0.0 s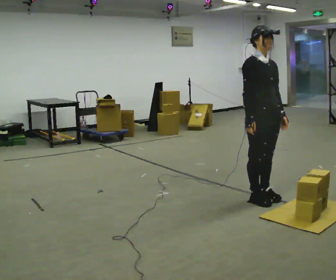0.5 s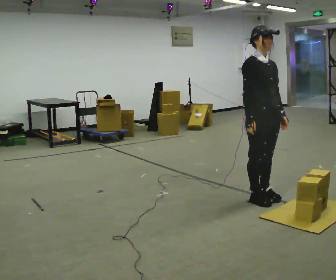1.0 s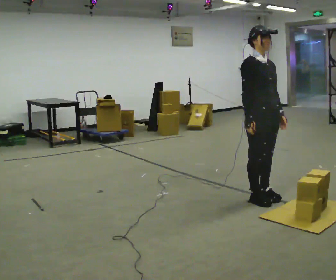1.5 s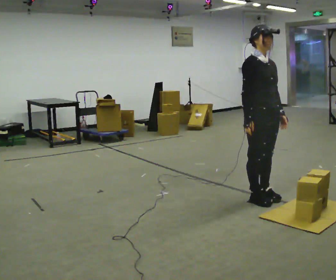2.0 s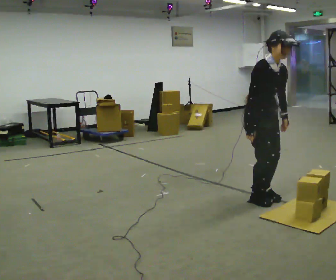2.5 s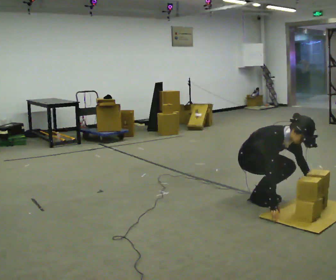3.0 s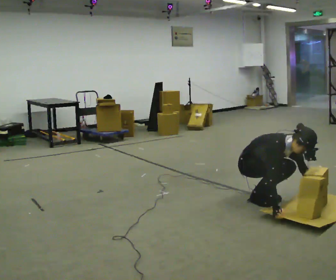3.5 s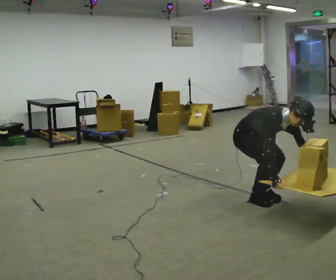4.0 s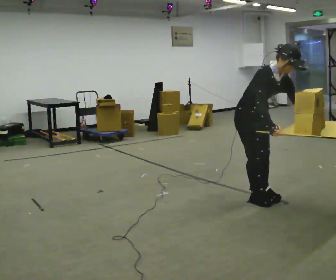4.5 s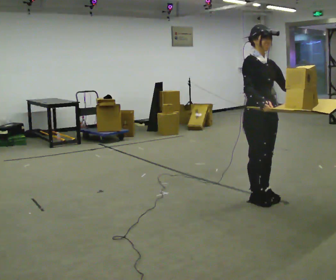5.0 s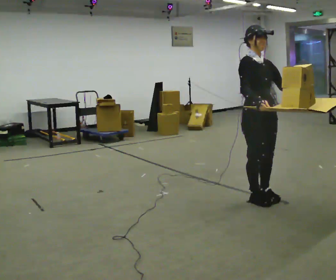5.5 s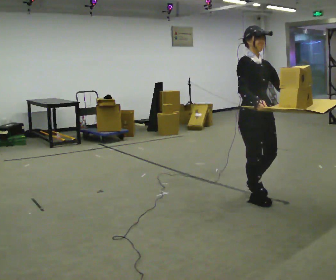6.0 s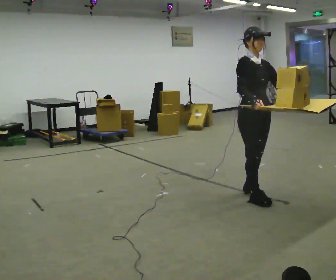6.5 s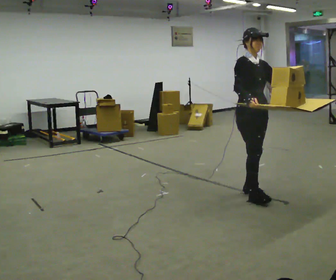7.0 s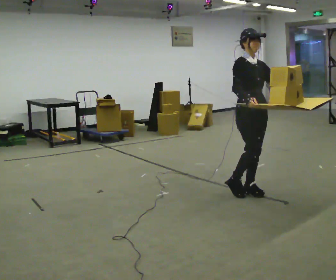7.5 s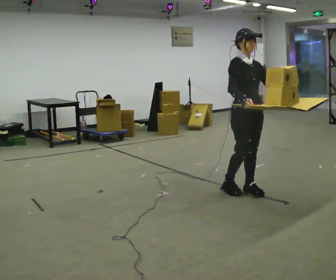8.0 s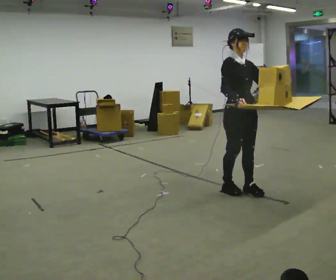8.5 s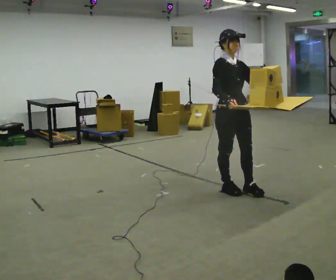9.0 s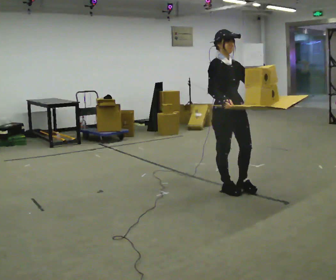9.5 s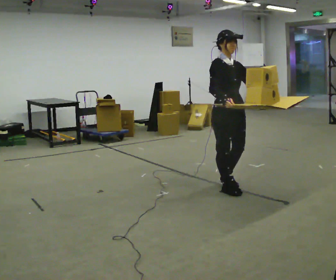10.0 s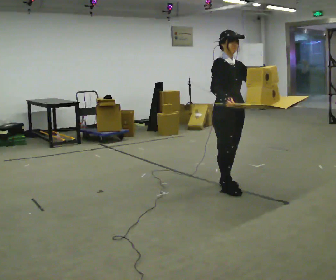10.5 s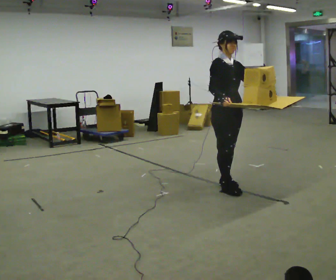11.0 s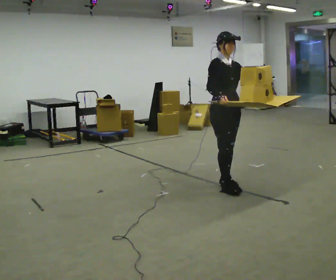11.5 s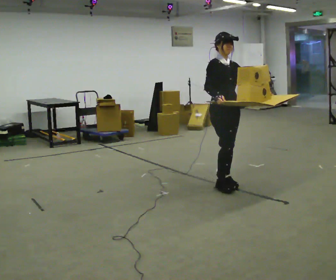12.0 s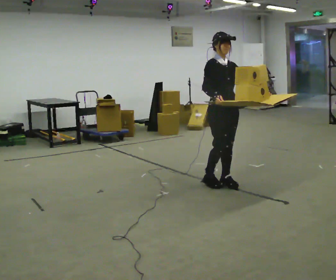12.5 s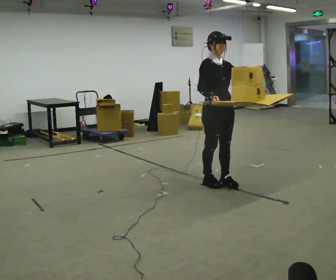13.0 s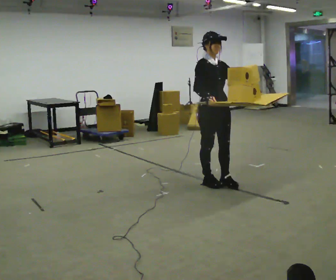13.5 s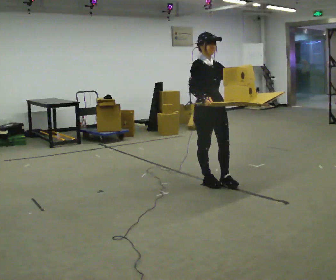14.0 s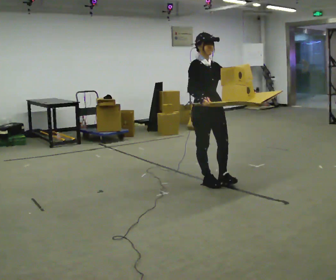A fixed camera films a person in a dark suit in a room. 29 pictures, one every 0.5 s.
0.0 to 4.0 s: The person moves a little, or ends about where they began.
4.0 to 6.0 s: The shoulders move upward. The upper body tips away from the camera, its near side rolling upward, as they lean back or straighten. In the picture their left hand goes upward.
6.0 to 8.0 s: In the picture they go away from the camera, about 0.25 m in 1 step, which for them is backward.
8.0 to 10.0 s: The person moves a little, or ends about where they began.
10.0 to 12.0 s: In the picture they go away from the camera, about 0.25 m in 1 step, which for them is backward.
12.0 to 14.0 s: In the picture they go to the left, about 0.25 m, which for them is backward.
The film runs backward here.
